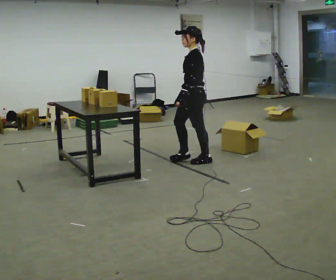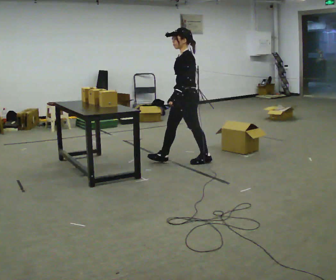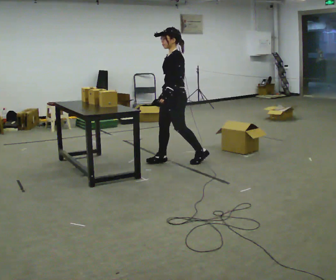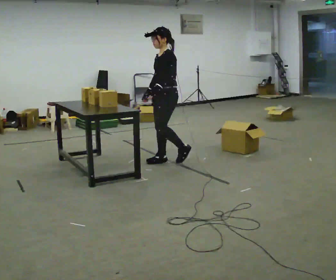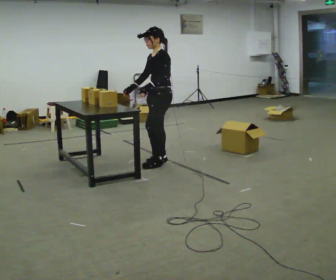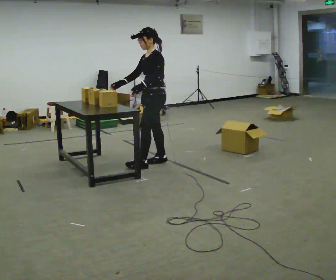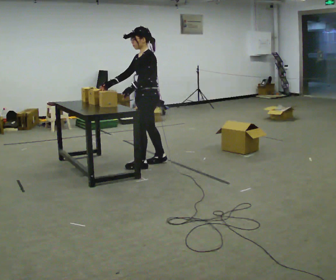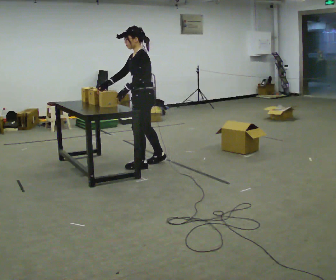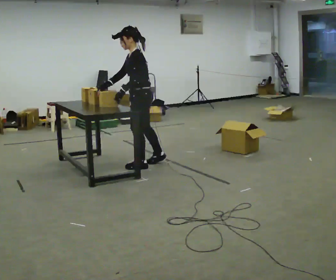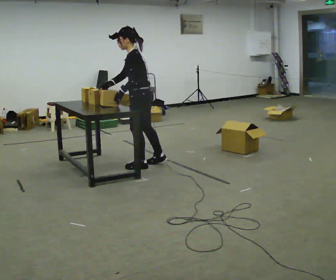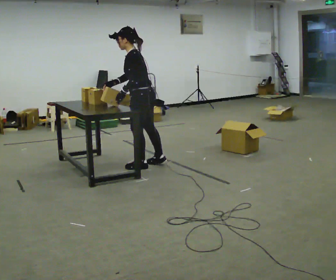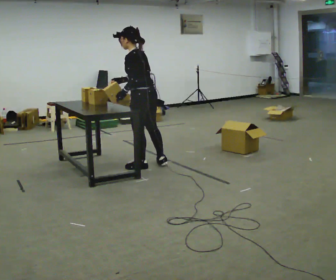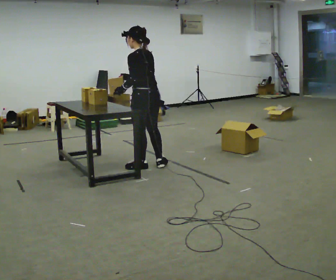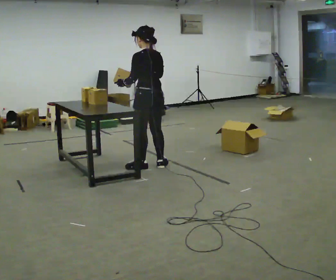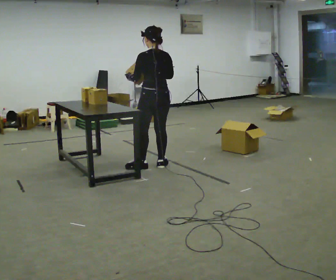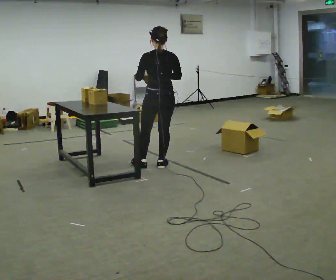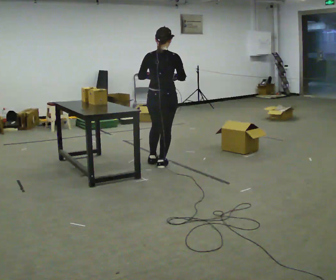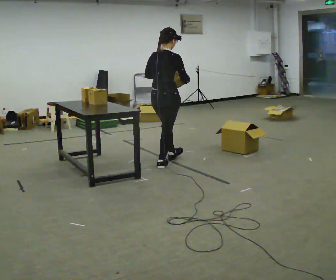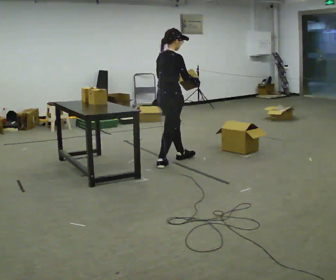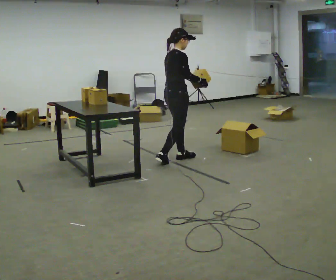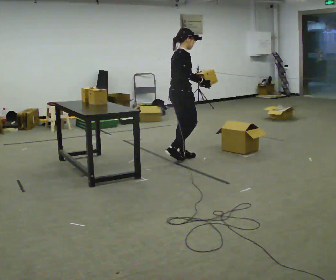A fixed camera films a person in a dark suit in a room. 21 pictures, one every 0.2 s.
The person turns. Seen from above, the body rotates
clockwise.
The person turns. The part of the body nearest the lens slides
to the left.
0.0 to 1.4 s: In the picture they go to the left, about 0.5 m in 2 steps, which for them is forward.
1.4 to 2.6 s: Seen from above the body turns clockwise, about 60 degrees: to their right, with its near side sliding to the left. In the picture their right hand goes to the right.
2.6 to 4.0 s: The person turns about 120 degrees to their right, clockwise seen from above, so the part of the body nearest the lens slides to the left. In the picture they go to the right and away from the camera, about 0.5 m in 1 step.
The film runs forward here.
